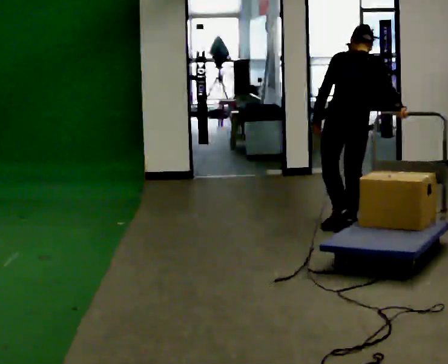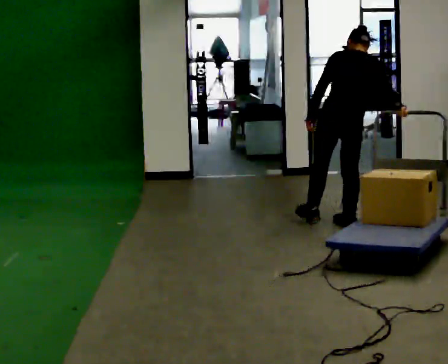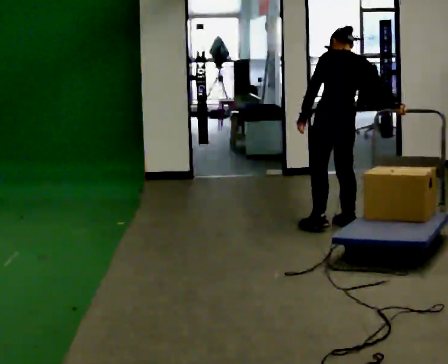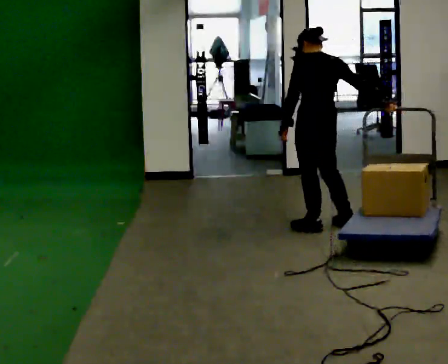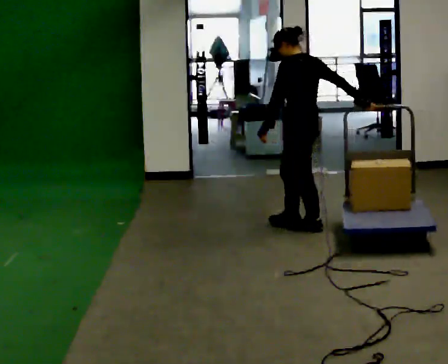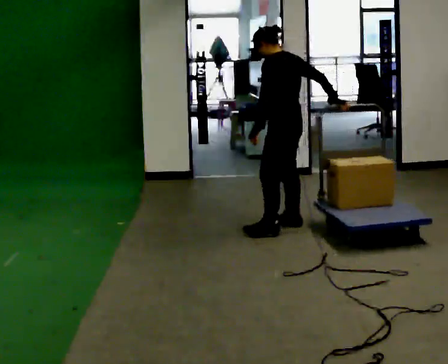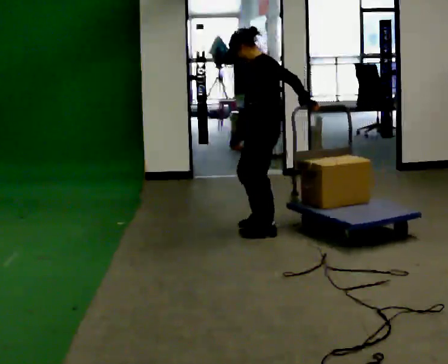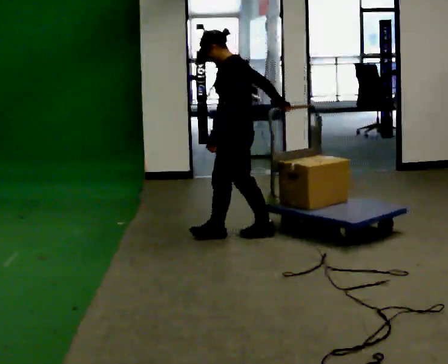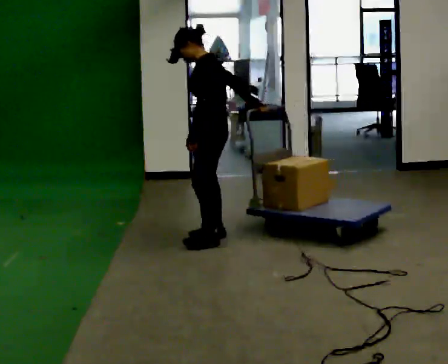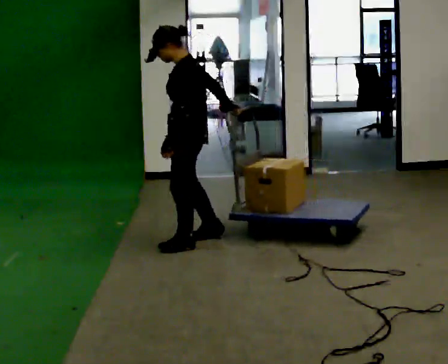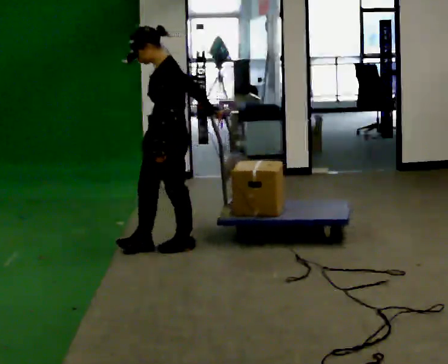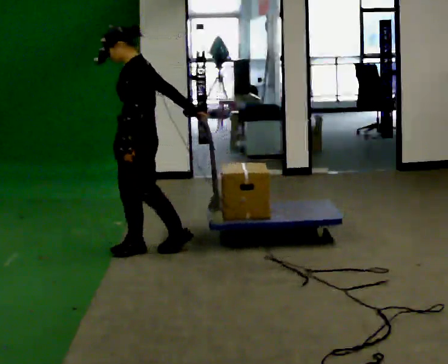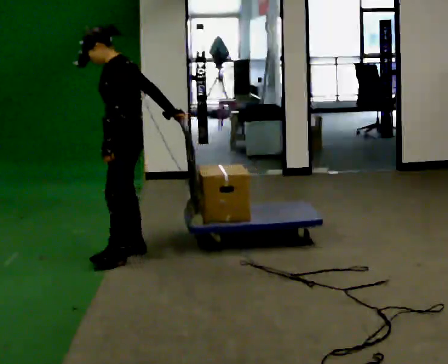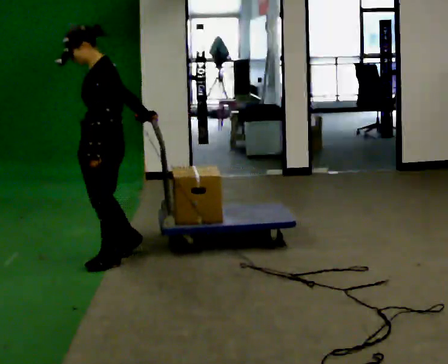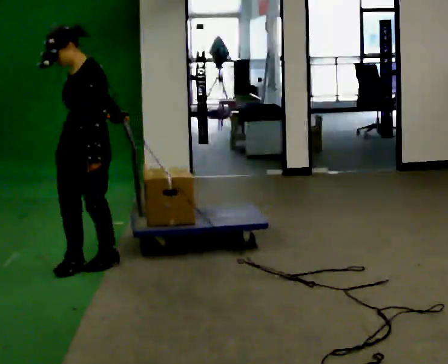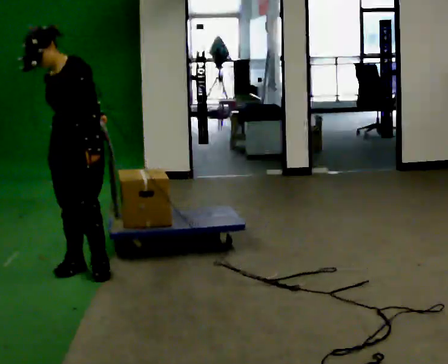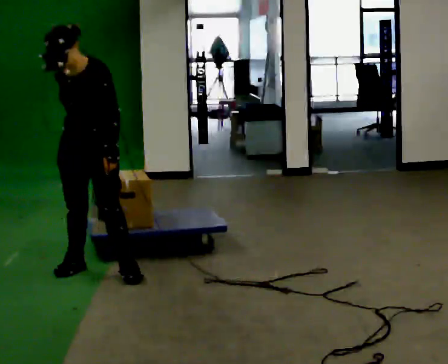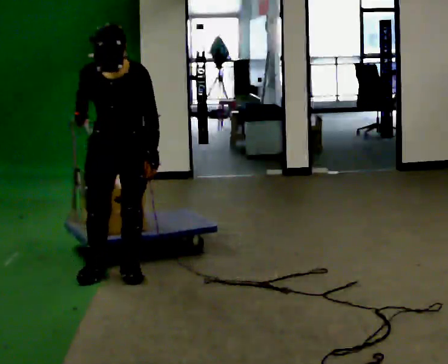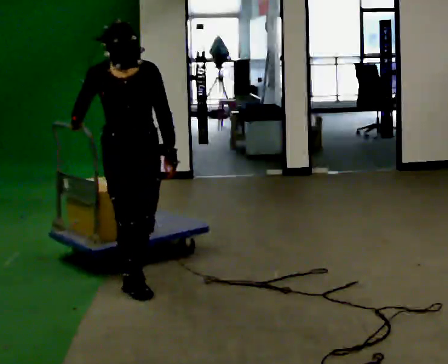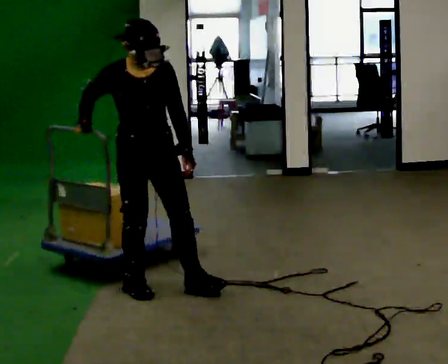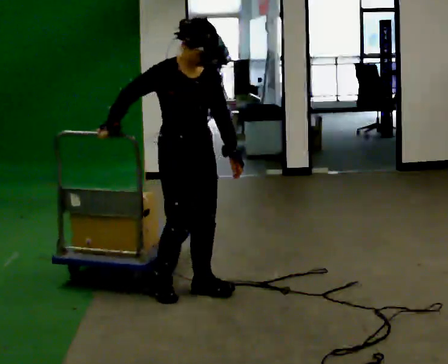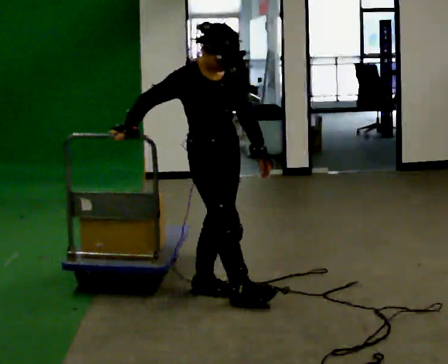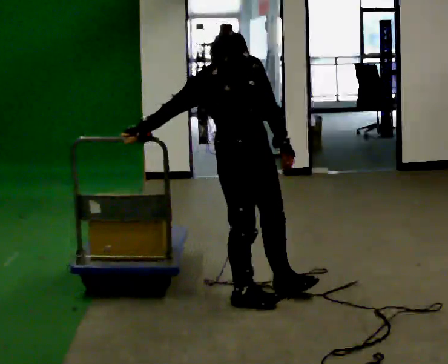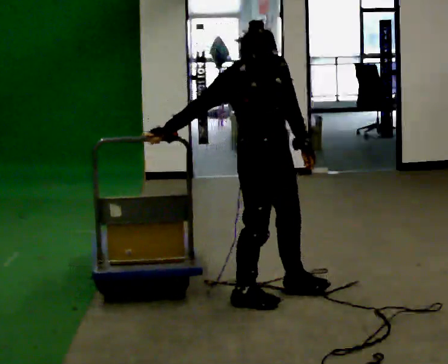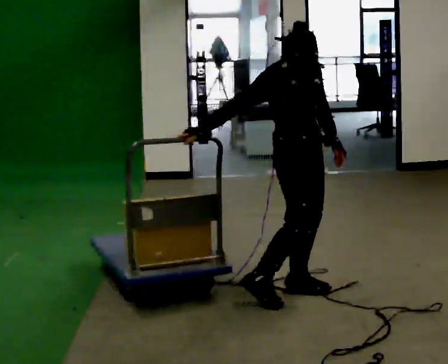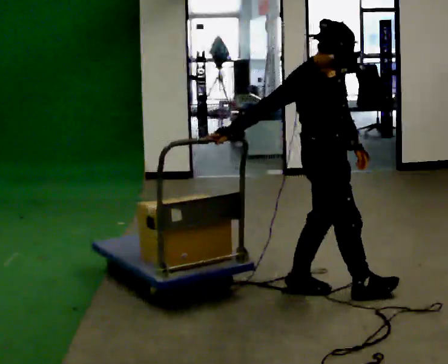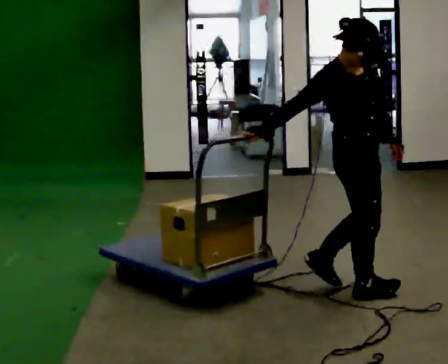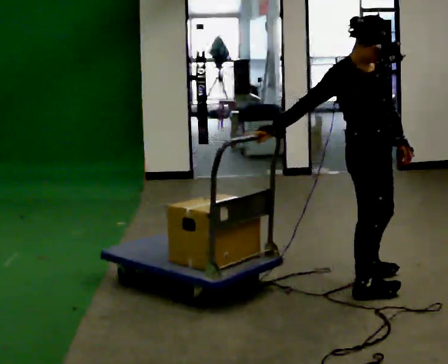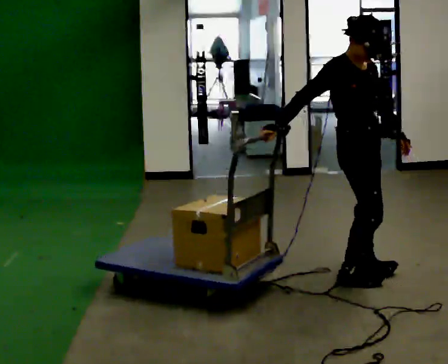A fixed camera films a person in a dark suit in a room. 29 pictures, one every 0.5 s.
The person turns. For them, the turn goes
to their left.
The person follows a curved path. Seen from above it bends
counterclockwise.
0.0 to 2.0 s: The part of the body nearest the lens slides to the right as the person turns to their left by about 60 degrees. In the picture they go to the left, about 0.25 m in 3 steps, which for them is to their left and forward.
2.0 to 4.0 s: The person turns about 45 degrees to their left, counterclockwise seen from above, so the part of the body nearest the lens slides to the right. In the picture they go to the left, about 0.75 m in 2 steps, which for them is forward and to their left.
4.0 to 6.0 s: In the picture they go to the left and toward the camera, about 0.75 m in 2 steps, which for them is forward.
6.0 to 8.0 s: Seen from above the body turns counterclockwise, about 60 degrees: to their left, with its near side sliding to the right. In the picture they go toward the camera and to the left, about 0.5 m in 3 steps, which for them is forward.
8.0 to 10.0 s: The person turns about 60 degrees to their left, counterclockwise seen from above, so the part of the body nearest the lens slides to the right. In the picture they go to the right and toward the camera, about 0.5 m in 2 steps.
10.0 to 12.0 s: In the picture they go to the right, about 0.5 m in 2 steps, which for them is forward and to their left.
12.0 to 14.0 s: In the picture they go to the right, about 0.25 m in 2 steps, which for them is to their left and forward.
The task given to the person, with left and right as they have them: Pull the cart behind you as you walk backward across the room. The operator will confirm the space behind you is clear before each take.
The film runs forward here.
